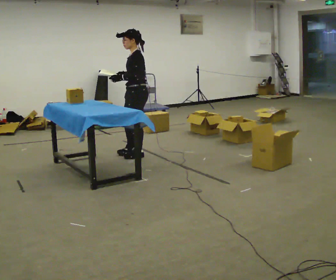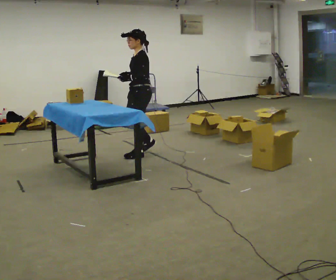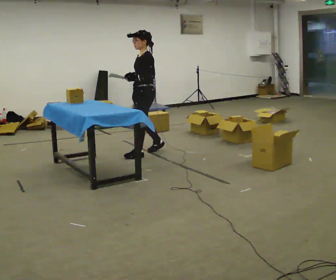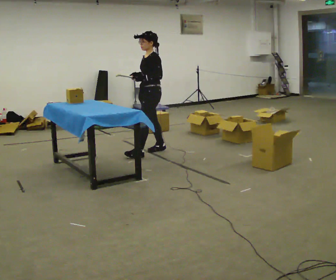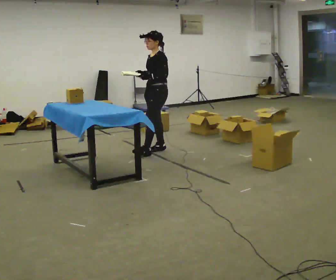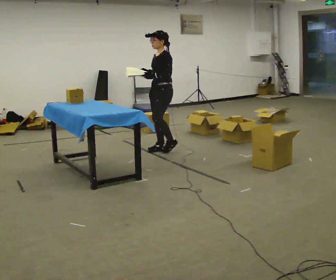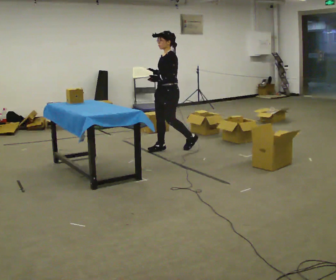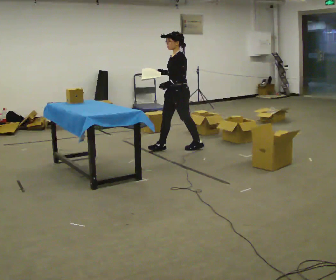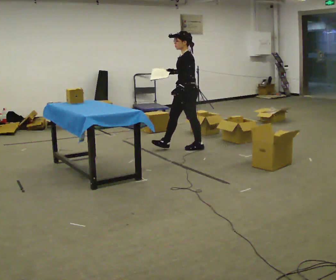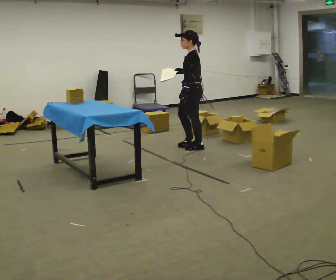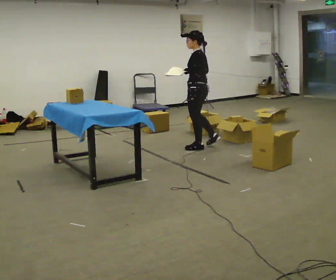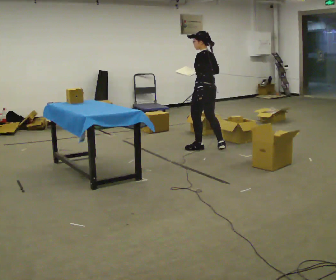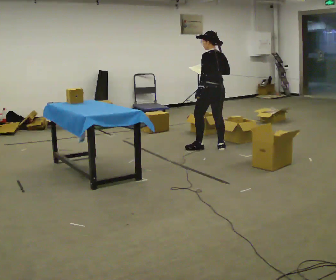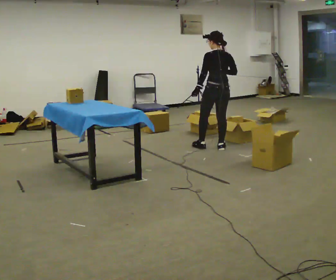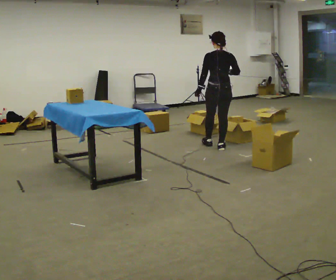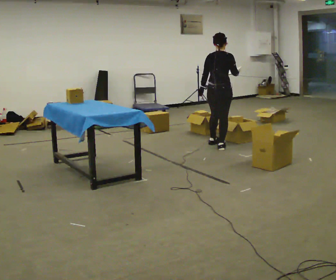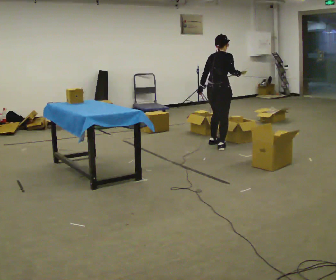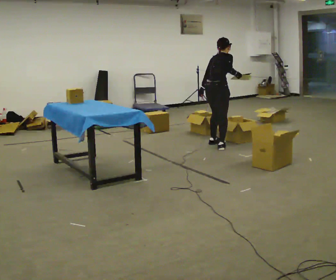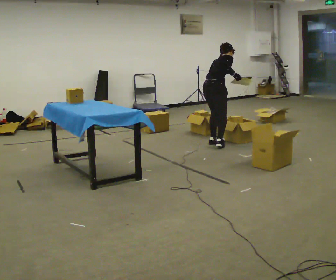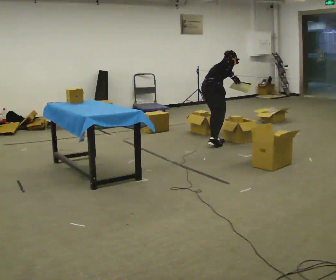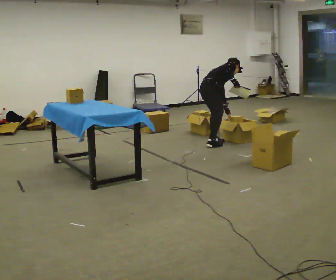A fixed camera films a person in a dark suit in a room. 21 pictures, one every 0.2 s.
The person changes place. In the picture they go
to the right.
The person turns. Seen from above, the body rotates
clockwise.
0.0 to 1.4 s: In the picture they go to the right and away from the camera, about 0.5 m in 1 step, which for them is backward.
1.4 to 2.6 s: The person turns about 90 degrees to their right, clockwise seen from above, so the part of the body nearest the lens slides to the left. In the picture they go to the right, about 0.5 m in 2 steps.
2.6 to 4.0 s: Seen from above the body turns clockwise, about 75 degrees: to their right, with its near side sliding to the left. In the picture they go away from the camera, about 0.25 m in 1 step. The shoulders move downward. In the picture the upper body tilts clockwise, shoulders to the right, as they bend forward.
The film runs backward here.
